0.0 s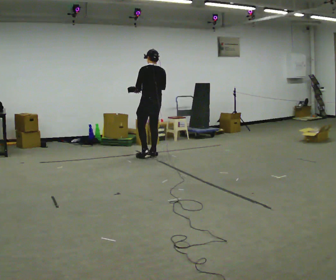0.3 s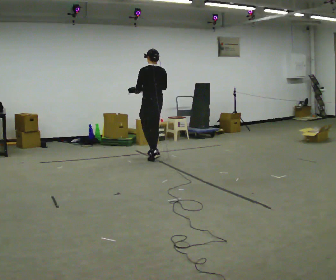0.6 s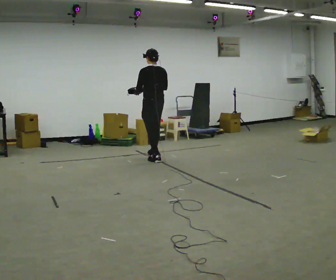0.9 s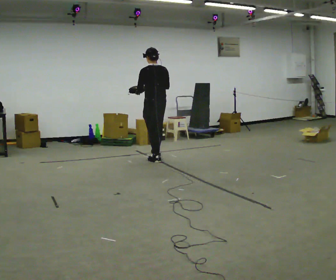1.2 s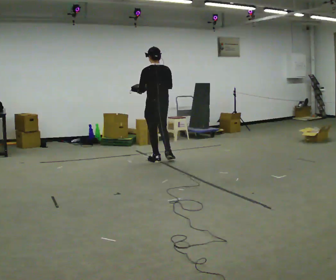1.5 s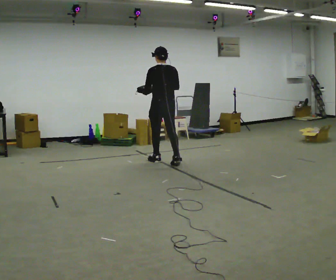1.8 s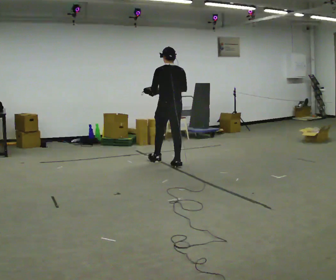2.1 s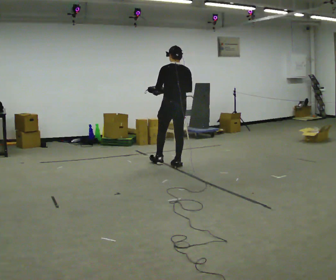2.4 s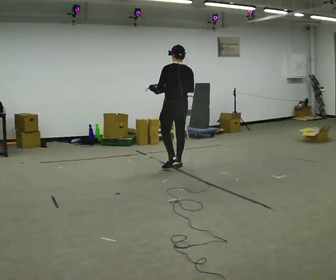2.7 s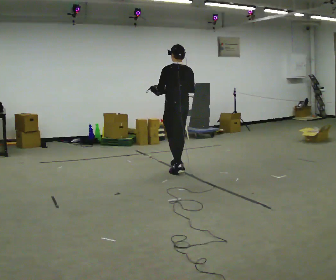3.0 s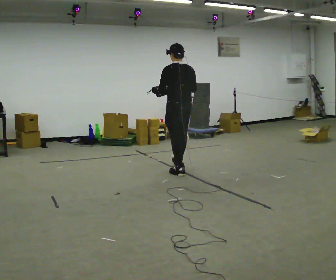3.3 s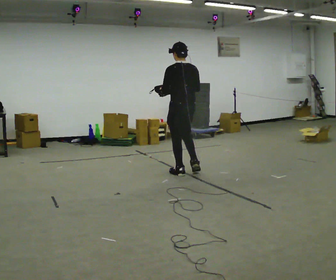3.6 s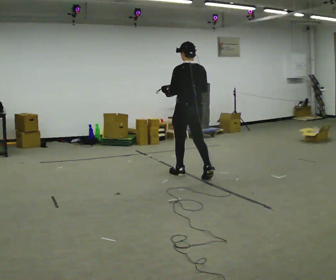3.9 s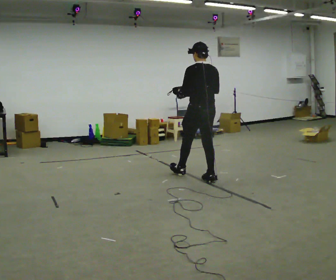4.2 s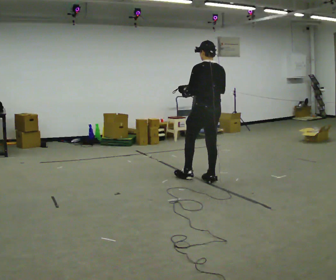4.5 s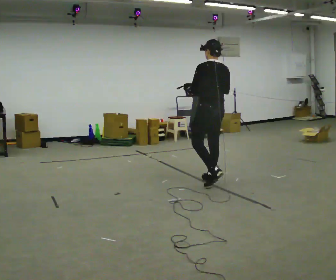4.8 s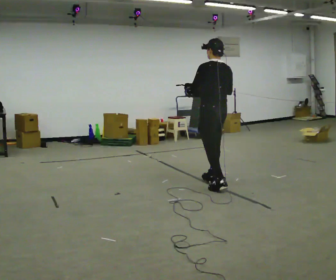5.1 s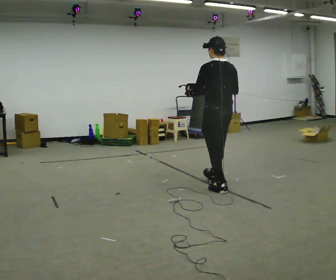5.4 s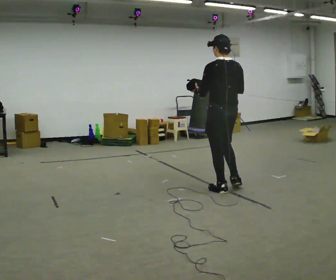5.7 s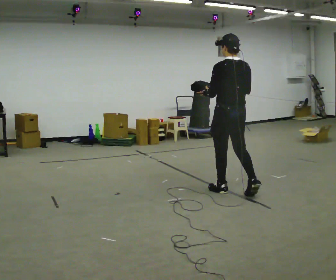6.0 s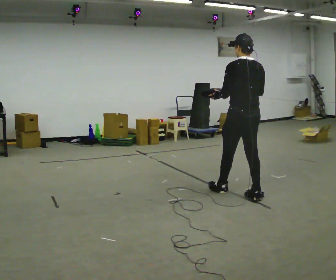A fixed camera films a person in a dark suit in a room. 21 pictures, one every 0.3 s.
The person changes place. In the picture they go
toward the camera.
0.0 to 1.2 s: In the picture they go toward the camera and to the right, about 0.5 m in 1 step, which for them is backward.
1.2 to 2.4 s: In the picture they go toward the camera and to the right, about 0.5 m in 1 step, which for them is backward.
2.4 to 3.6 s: In the picture they go toward the camera and to the right, about 0.5 m in 1 step, which for them is backward.
3.6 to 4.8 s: In the picture they go toward the camera and to the right, about 0.5 m in 1 step, which for them is backward.
4.8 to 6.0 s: In the picture they go toward the camera and to the right, about 0.5 m in 1 step, which for them is backward.
The film runs backward here.
